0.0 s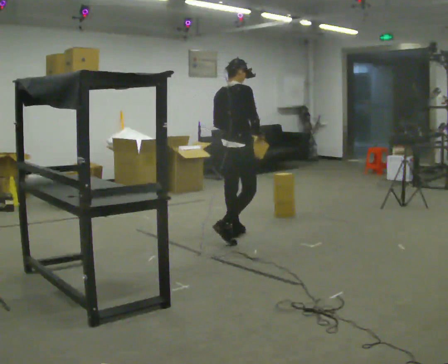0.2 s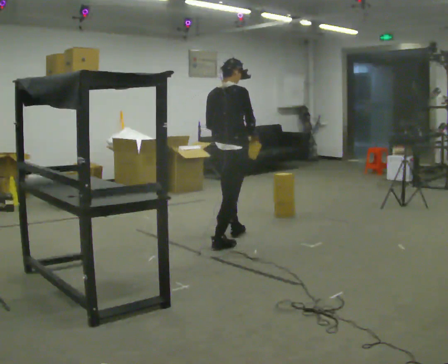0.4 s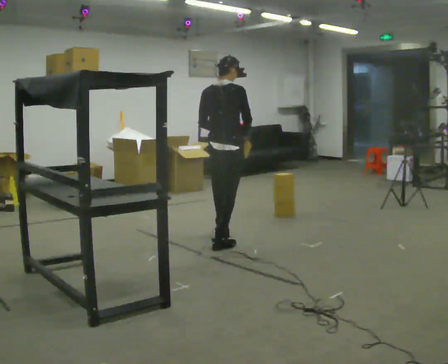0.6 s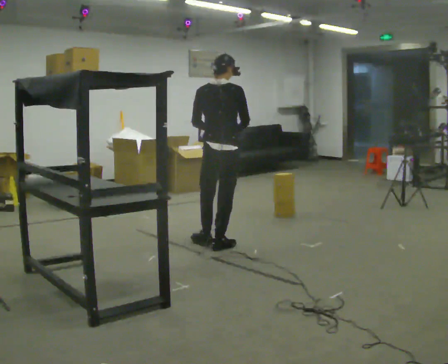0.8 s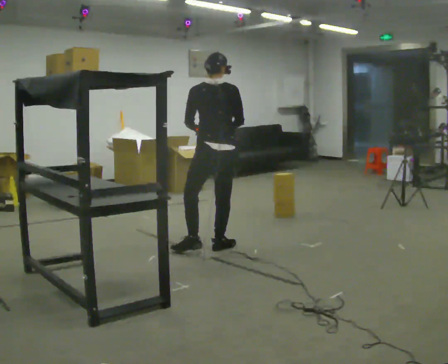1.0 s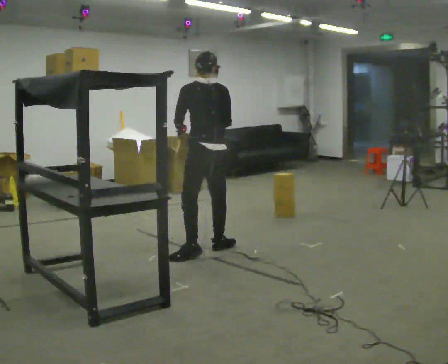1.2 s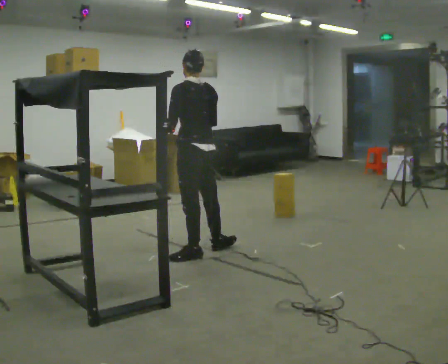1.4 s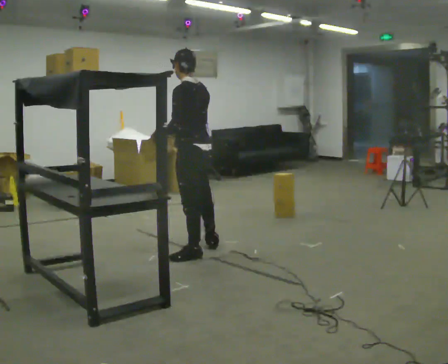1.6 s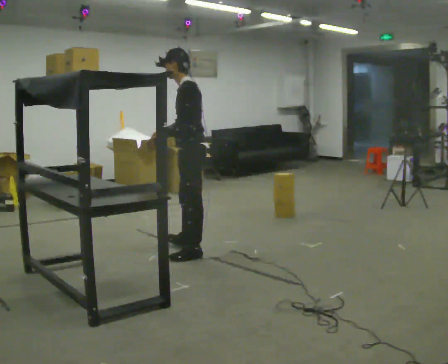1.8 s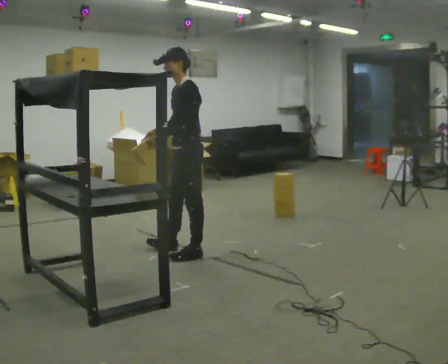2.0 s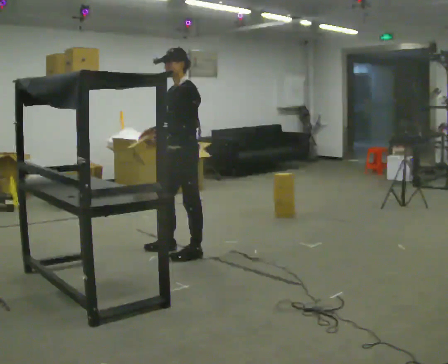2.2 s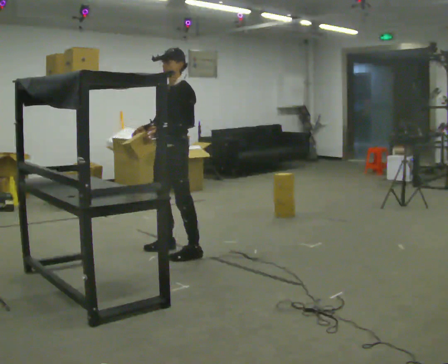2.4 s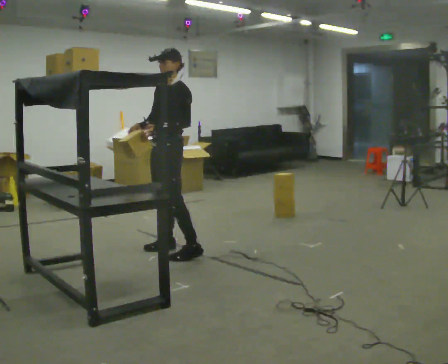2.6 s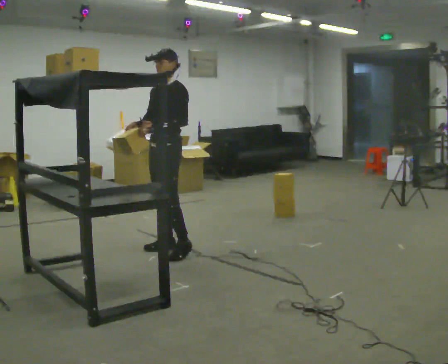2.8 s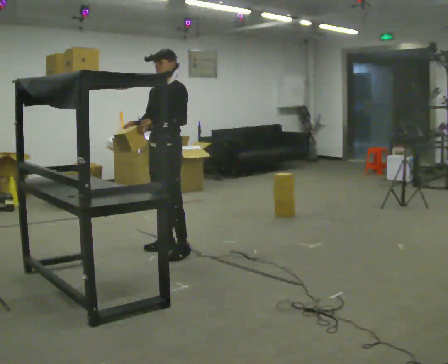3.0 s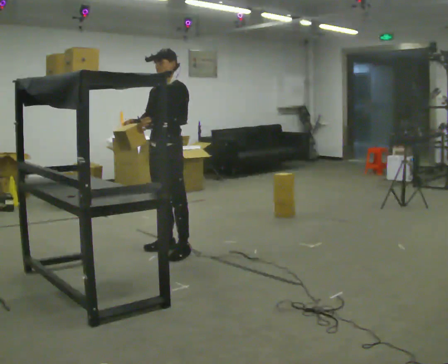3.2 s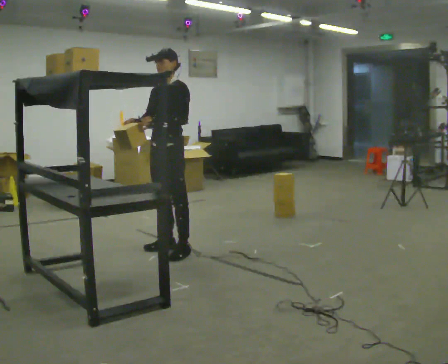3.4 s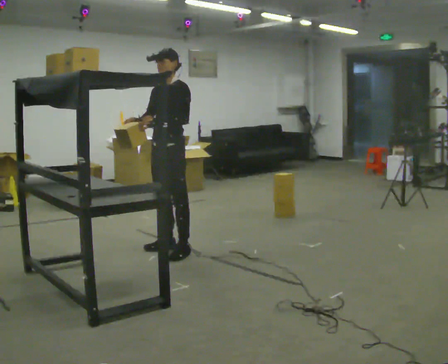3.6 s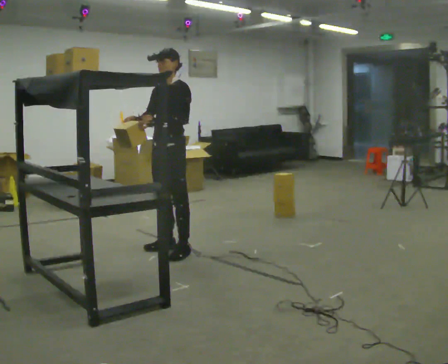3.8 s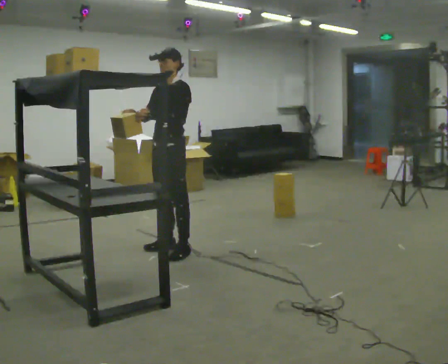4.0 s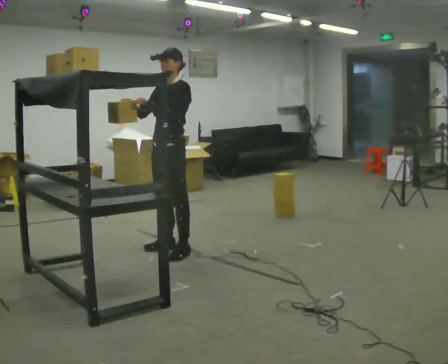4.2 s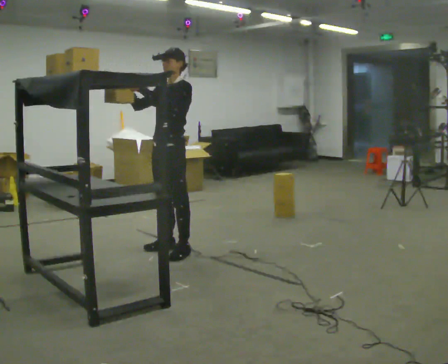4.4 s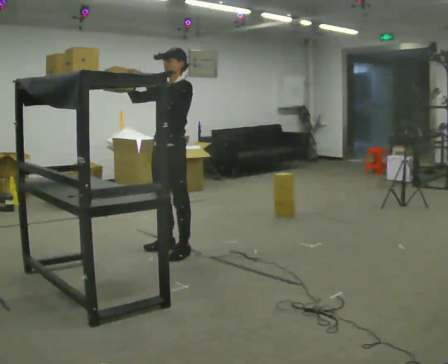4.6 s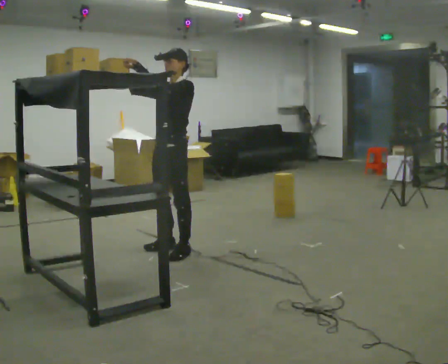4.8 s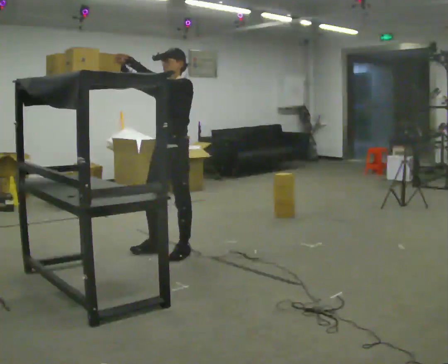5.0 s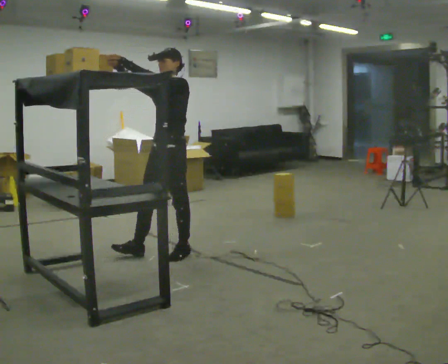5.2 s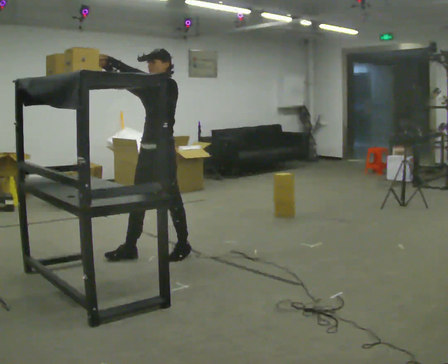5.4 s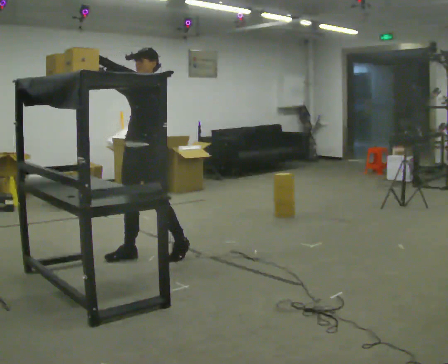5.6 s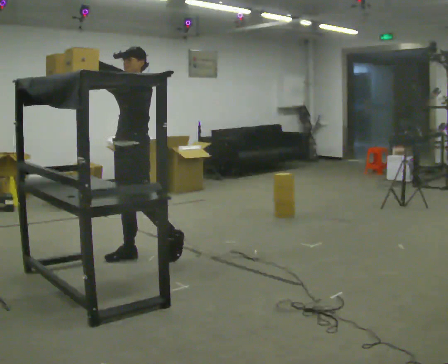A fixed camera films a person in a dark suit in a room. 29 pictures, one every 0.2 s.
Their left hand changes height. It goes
upward.
The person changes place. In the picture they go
to the left.
0.0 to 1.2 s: The person turns about 90 degrees to their left, counterclockwise seen from above, so the part of the body nearest the lens slides to the right. In the picture they go toward the camera and to the left, about 0.75 m in 1 step.
1.2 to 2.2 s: The person turns about 75 degrees to their left, counterclockwise seen from above, so the part of the body nearest the lens slides to the right. In the picture they go to the left, about 0.25 m in 1 step. In the picture their right hand goes to the left.
2.2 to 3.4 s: The person moves a little, or ends about where they began.
3.4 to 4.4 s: In the picture their right hand goes upward, the arm swinging clockwise.
4.4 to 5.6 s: In the picture they go to the left, about 0.25 m in 1 step, which for them is forward.
The film runs backward here.
